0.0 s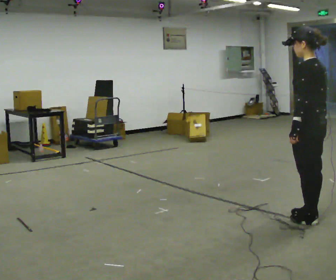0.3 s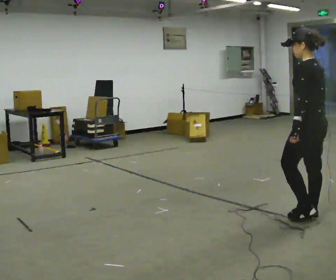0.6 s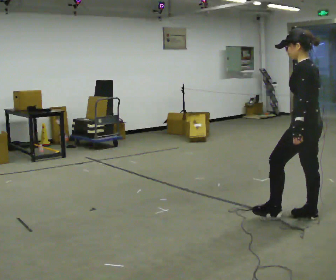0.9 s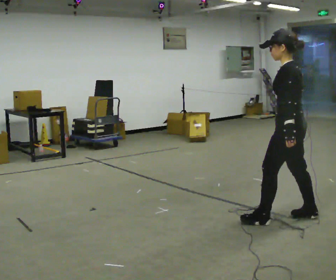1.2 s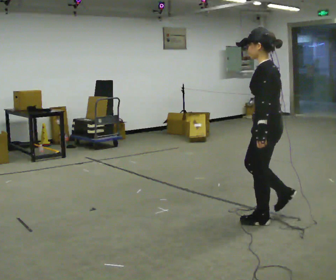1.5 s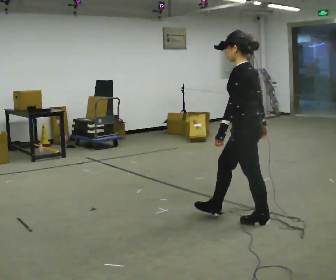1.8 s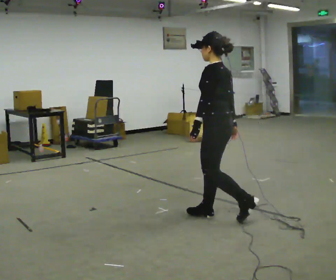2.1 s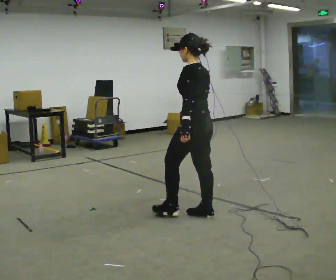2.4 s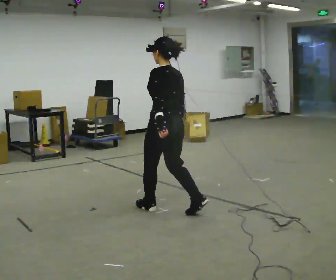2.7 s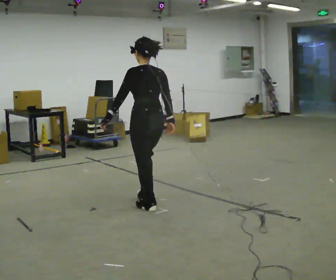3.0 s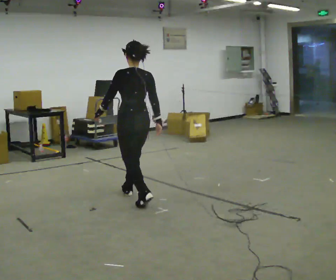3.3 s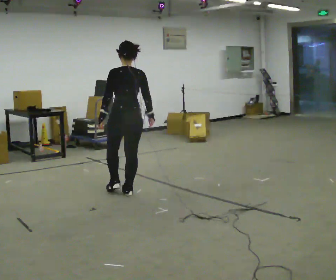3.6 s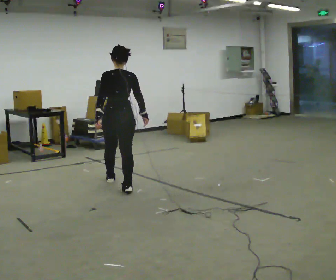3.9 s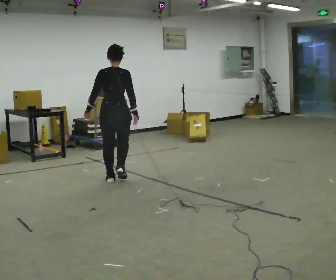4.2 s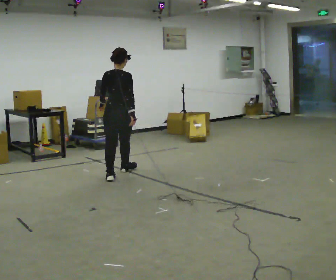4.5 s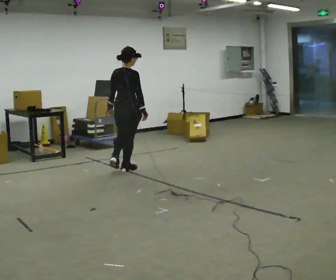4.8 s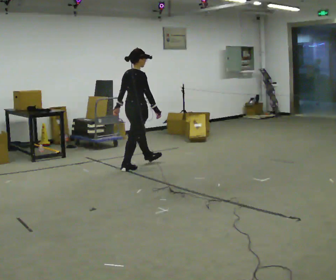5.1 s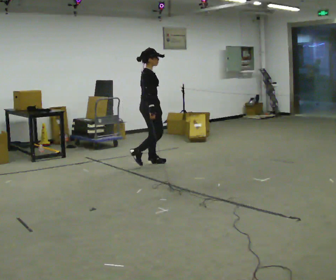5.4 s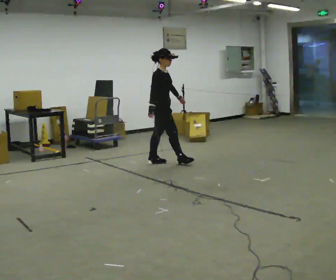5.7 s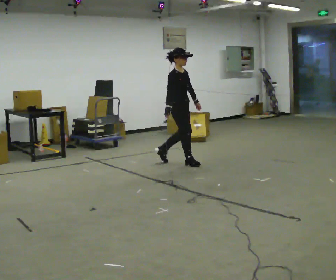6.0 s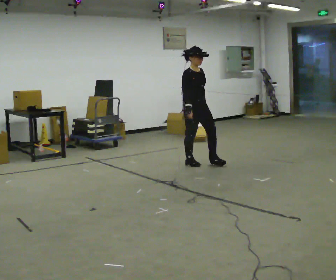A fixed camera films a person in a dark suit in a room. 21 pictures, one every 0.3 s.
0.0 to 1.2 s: In the picture they go to the left, about 0.25 m in 1 step, which for them is forward and to their left.
1.2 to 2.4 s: In the picture they go to the left and away from the camera, about 1 m in 2 steps, which for them is forward.
2.4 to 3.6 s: The part of the body nearest the lens slides to the left as the person turns to their right by about 45 degrees. In the picture they go away from the camera and to the left, about 1 m in 2 steps, which for them is forward.
3.6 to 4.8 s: The person turns about 60 degrees to their right, clockwise seen from above, so the part of the body nearest the lens slides to the left. In the picture they go away from the camera, about 1 m in 1 step, which for them is forward.
4.8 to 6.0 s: The person turns about 75 degrees to their right, clockwise seen from above, so the part of the body nearest the lens slides to the left. In the picture they go to the right, about 1 m in 2 steps.
The film runs forward here.
